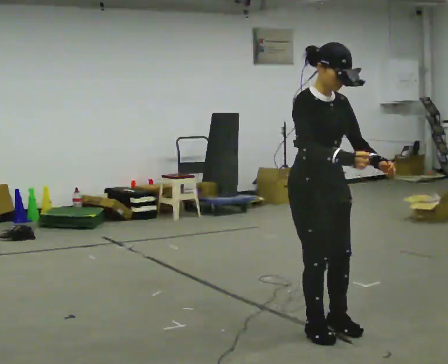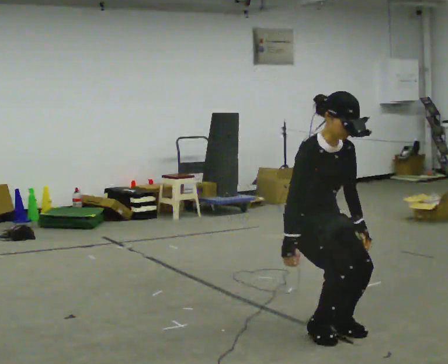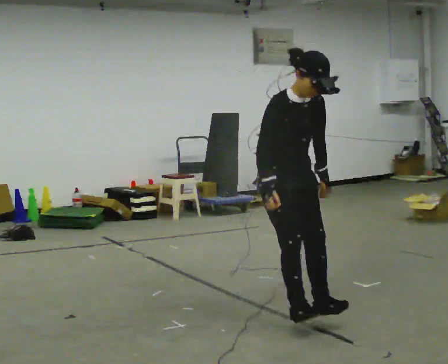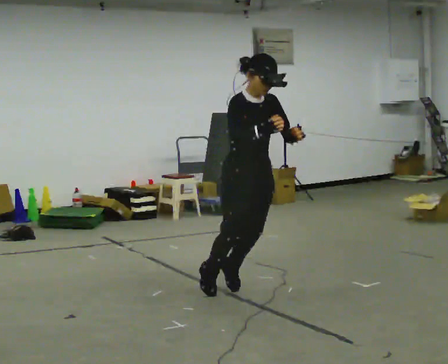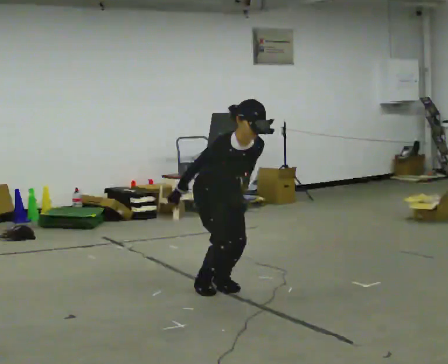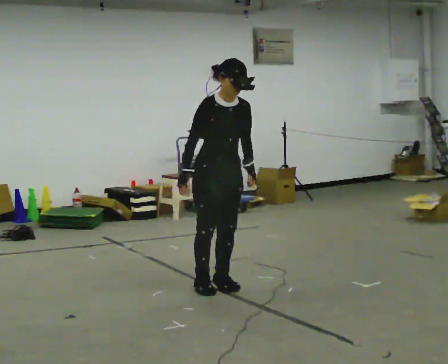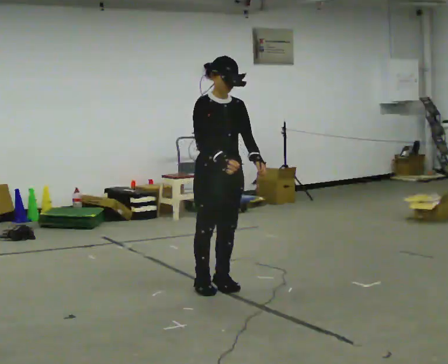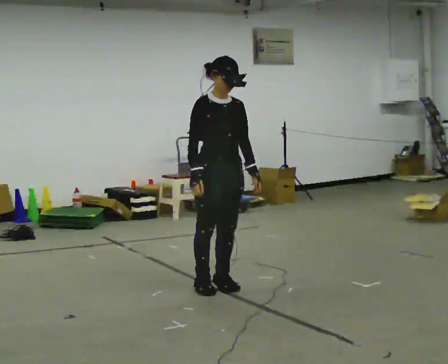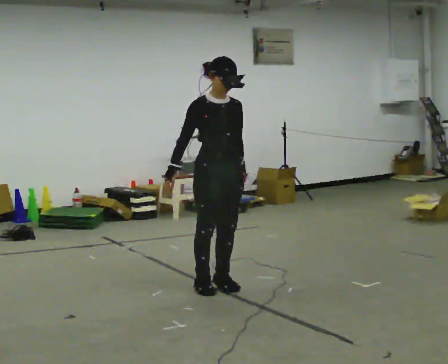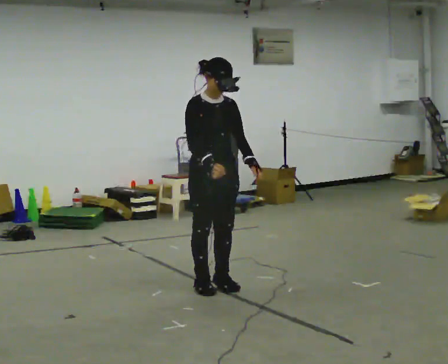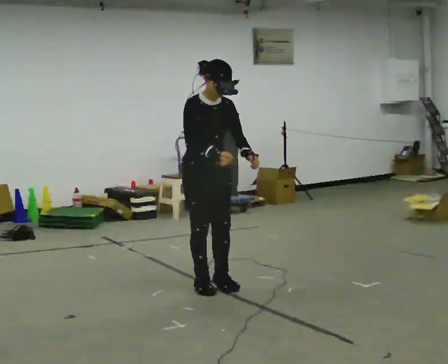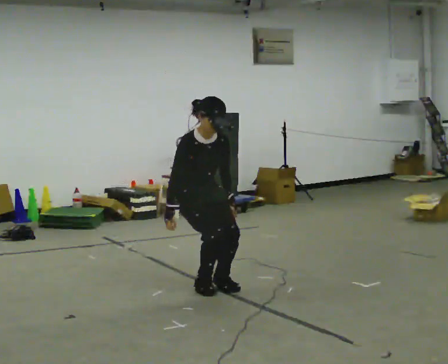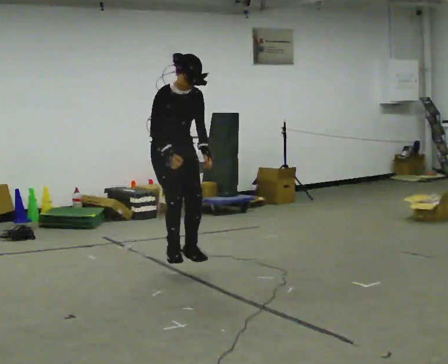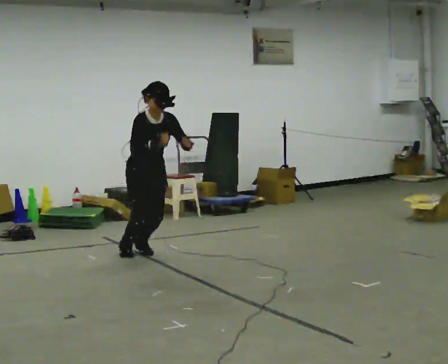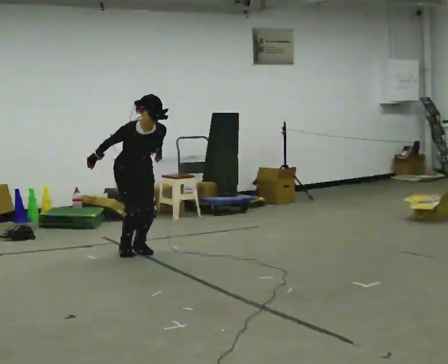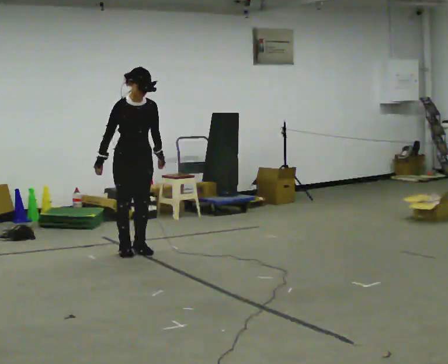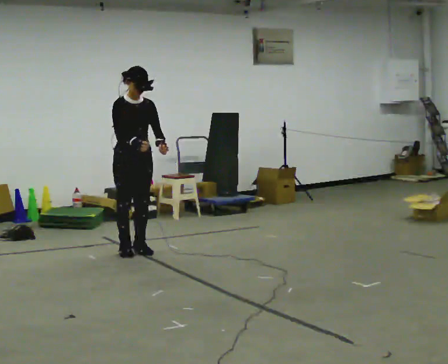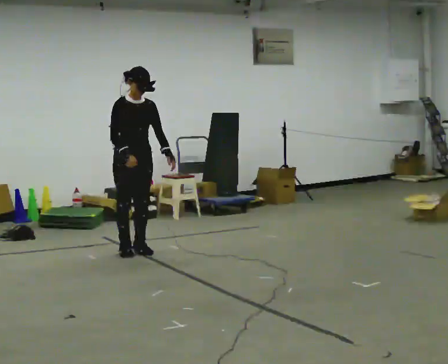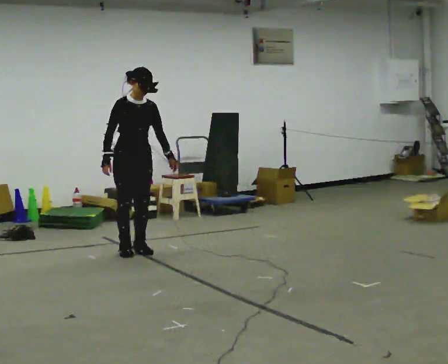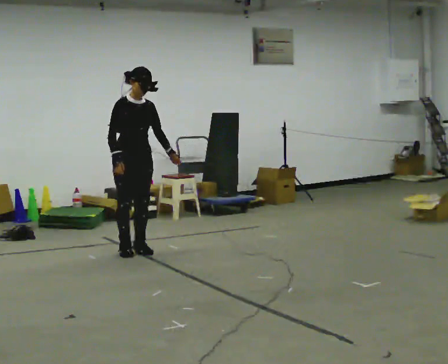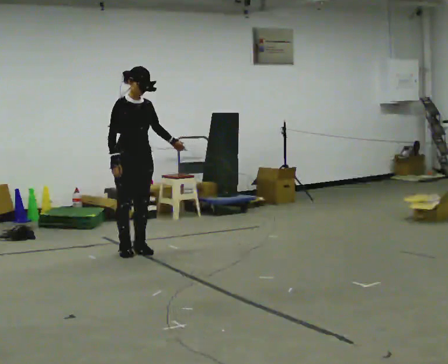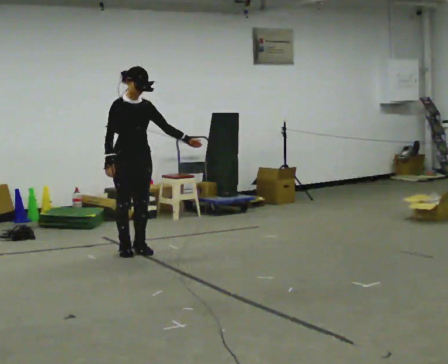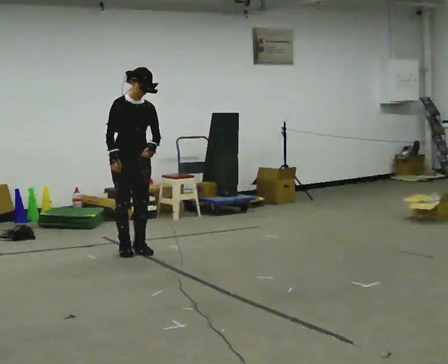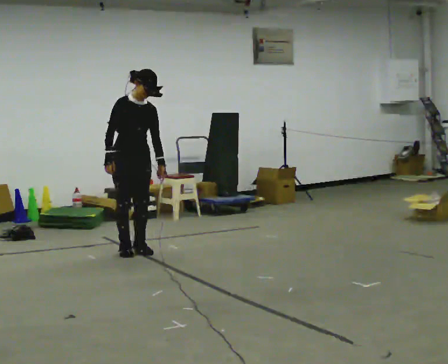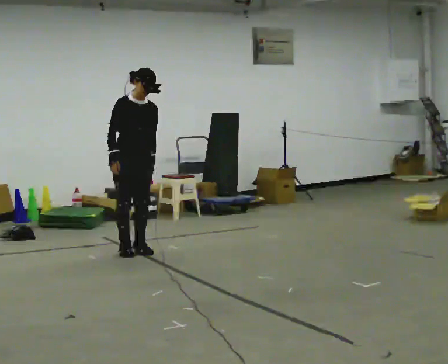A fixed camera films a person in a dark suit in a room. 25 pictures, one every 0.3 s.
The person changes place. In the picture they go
away from the camera.
0.0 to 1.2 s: In the picture they go away from the camera and to the left, about 1 m in 2 steps, which for them is backward. In the picture their right hand goes downward.
1.2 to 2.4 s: The shoulders move upward. The upper body tips away from the camera, its near side rolling upward, as they lean back or straighten.
2.4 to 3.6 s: In the picture they go away from the camera and to the left, about 0.5 m in 2 steps, which for them is backward.
3.6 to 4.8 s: In the picture they go away from the camera and to the left, about 1 m, which for them is backward.
4.8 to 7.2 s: The person moves a little, or ends about where they began.
The film runs backward here.
